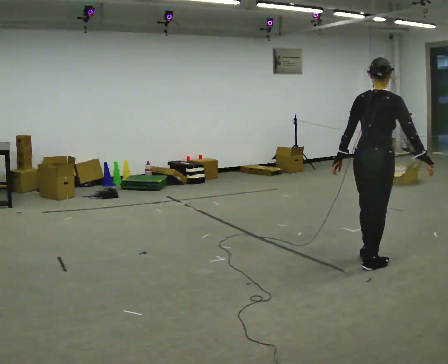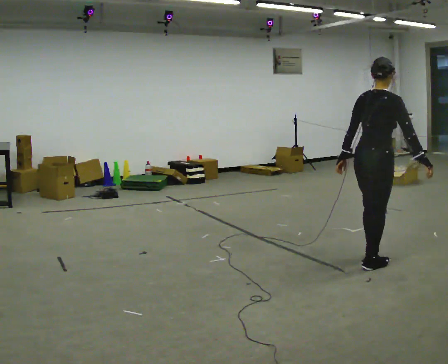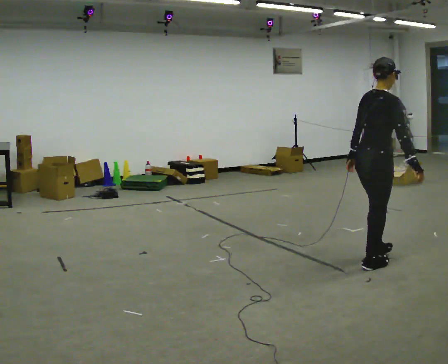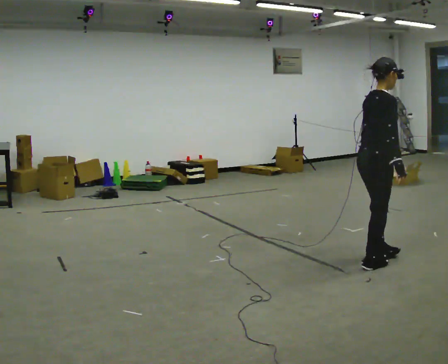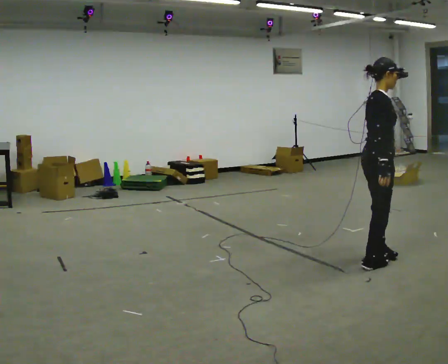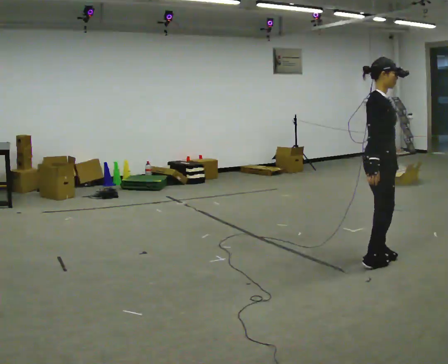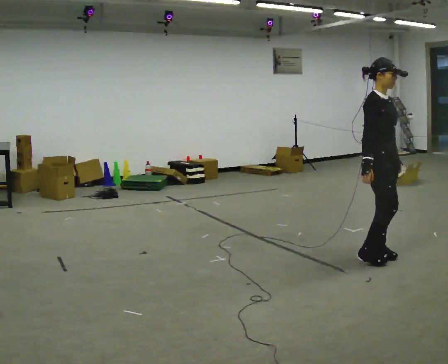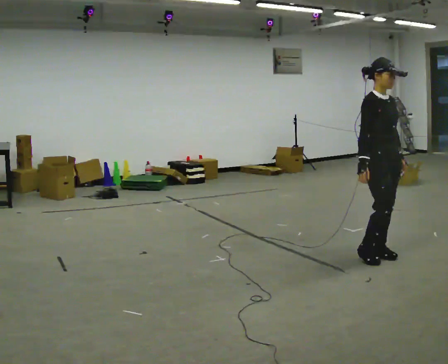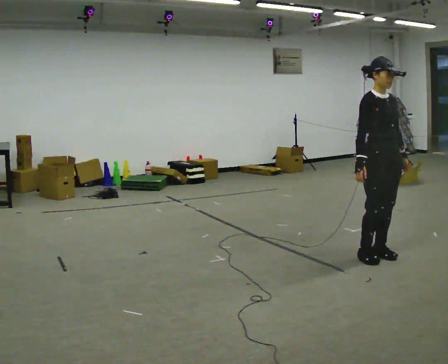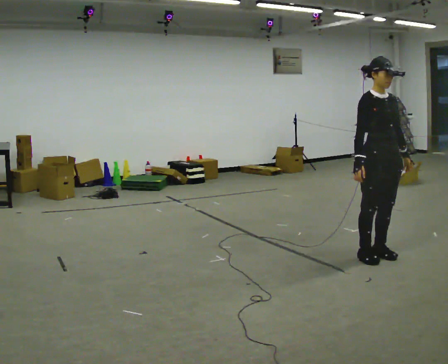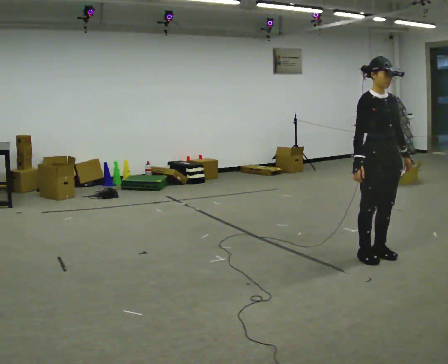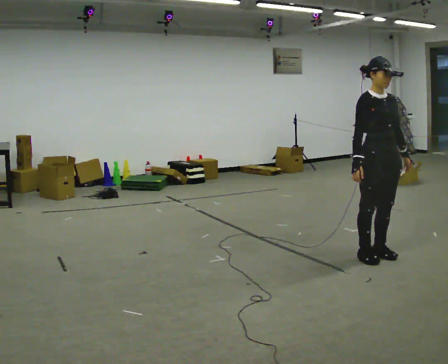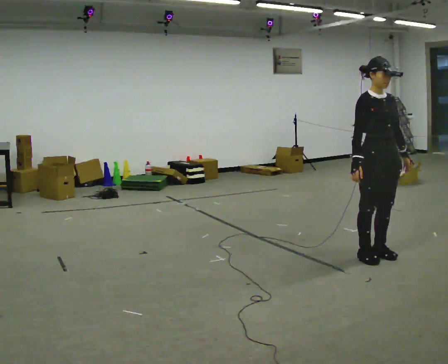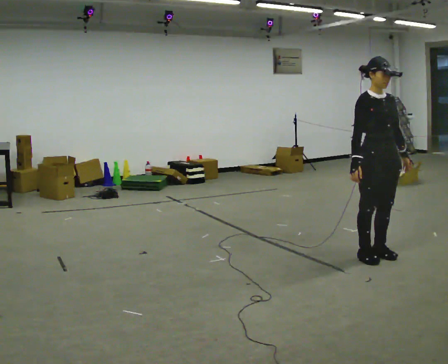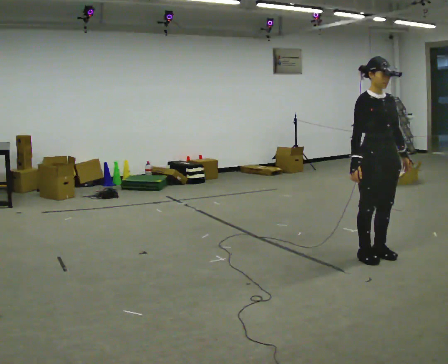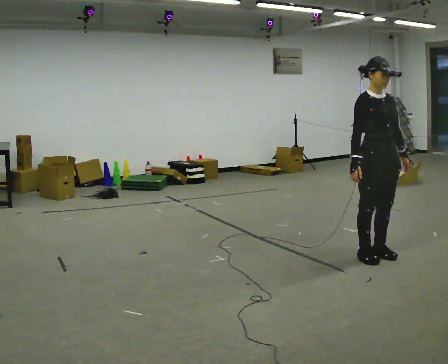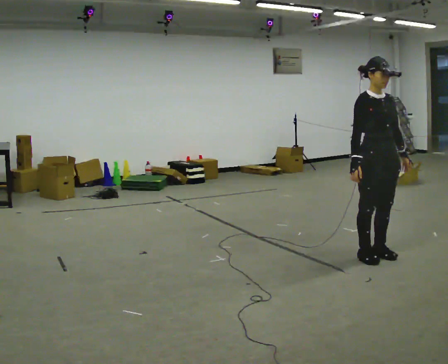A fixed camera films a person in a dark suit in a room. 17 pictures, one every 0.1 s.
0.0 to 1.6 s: The part of the body nearest the lens slides to the left as the person turns to their right by about 135 degrees. In the picture their left hand goes to the right, the arm swinging counterclockwise.
The film runs backward here.
